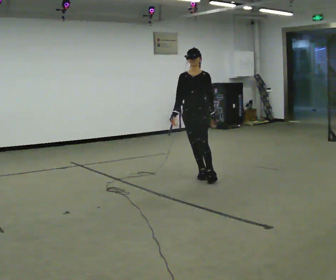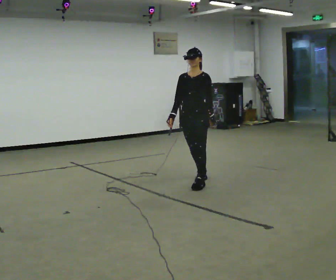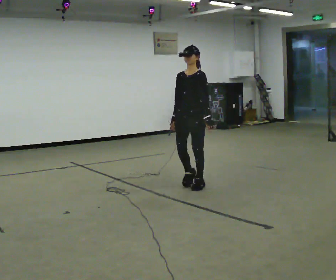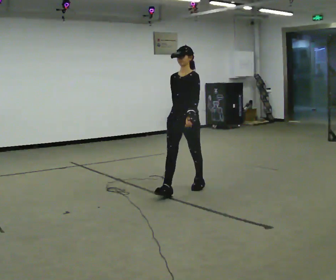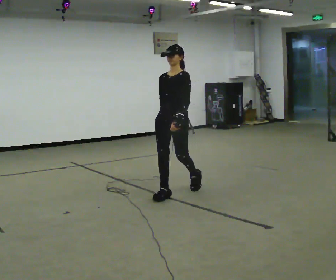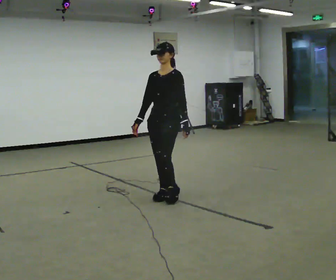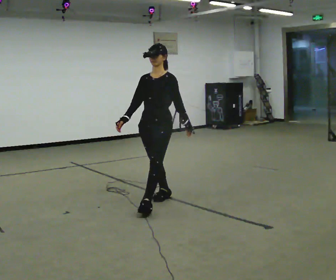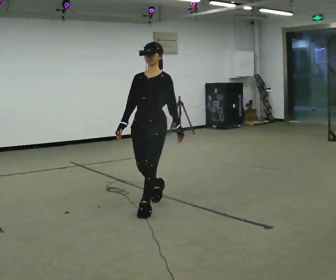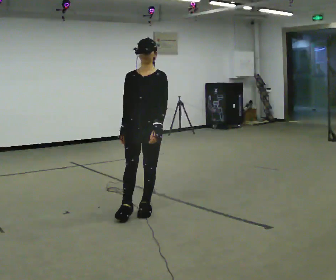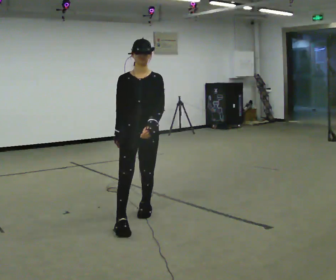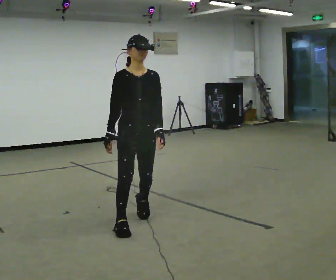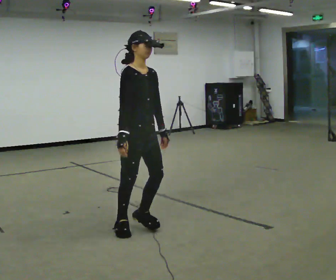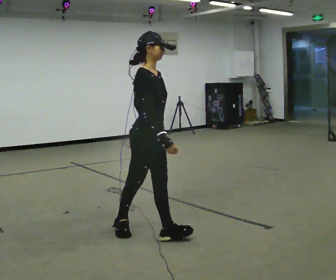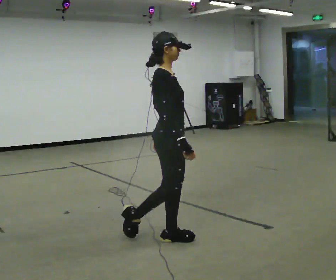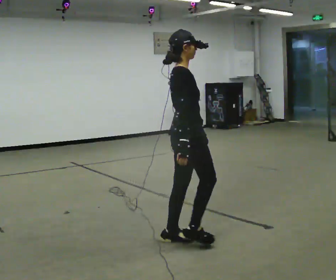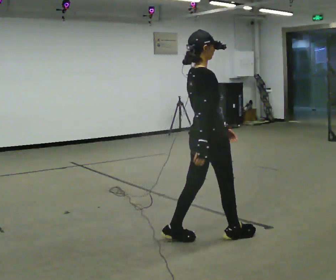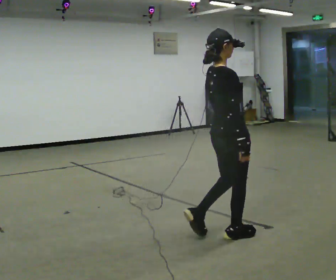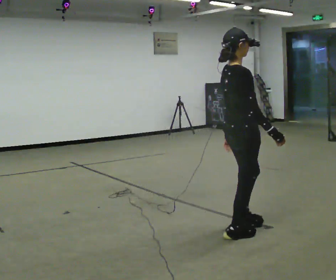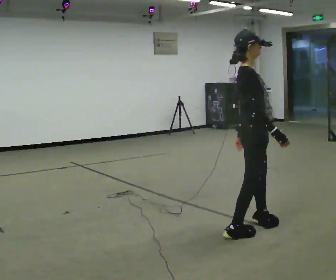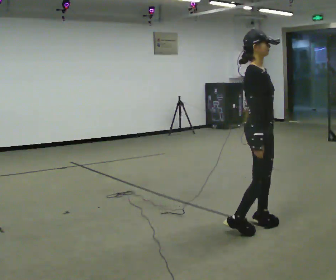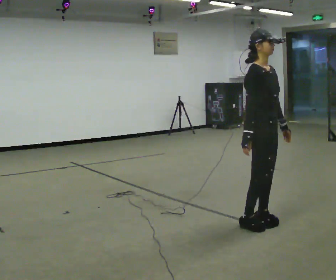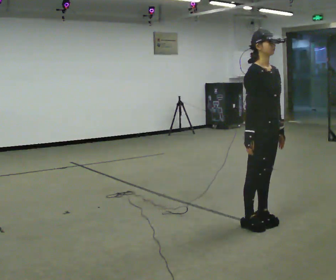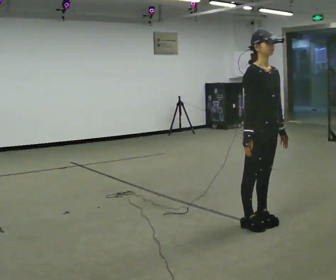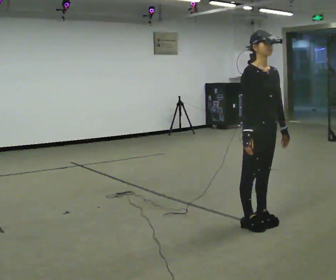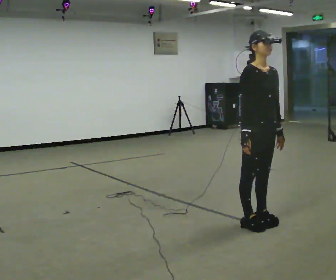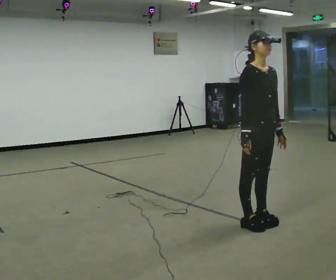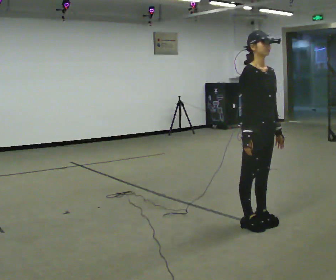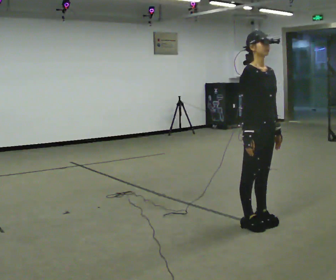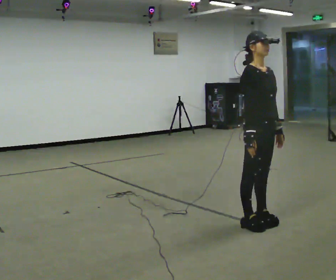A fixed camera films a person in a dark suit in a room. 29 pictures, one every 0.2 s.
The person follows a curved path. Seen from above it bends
counterclockwise.
The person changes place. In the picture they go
toward the camera.
0.0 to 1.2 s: In the picture they go toward the camera and to the left, about 1 m in 2 steps, which for them is forward.
1.2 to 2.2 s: Seen from above the body turns counterclockwise, about 90 degrees: to their left, with its near side sliding to the right. In the picture they go toward the camera, about 1 m in 2 steps.
2.2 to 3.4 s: The person turns about 45 degrees to their left, counterclockwise seen from above, so the part of the body nearest the lens slides to the right. In the picture they go to the right, about 1 m in 2 steps, which for them is forward.
3.4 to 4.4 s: Seen from above the body turns clockwise, about 60 degrees: to their right, with its near side sliding to the left. In the picture they go to the right and away from the camera, about 0.25 m in 2 steps.
4.4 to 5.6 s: The person moves a little, or ends about where they began.
The film runs forward here.
